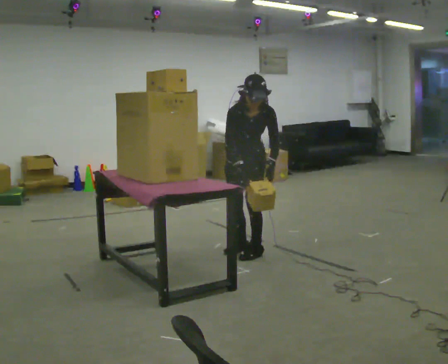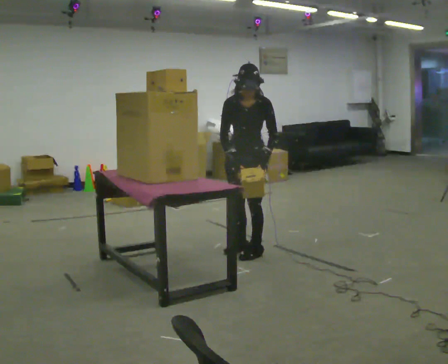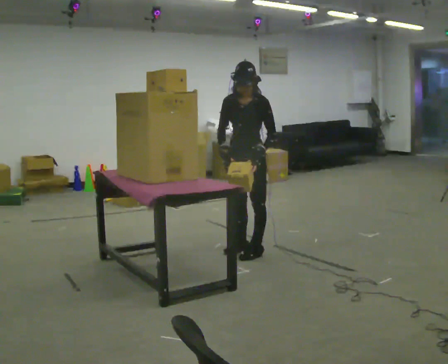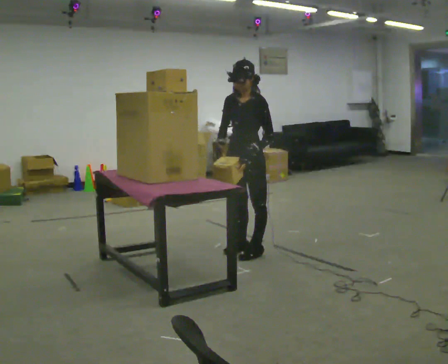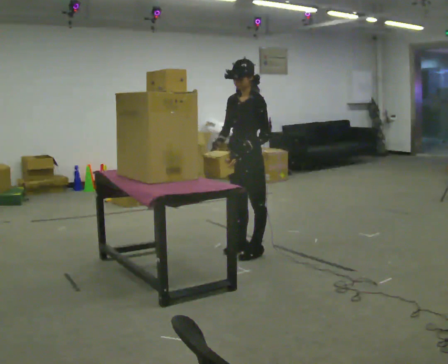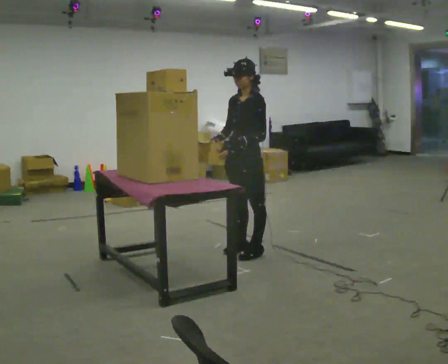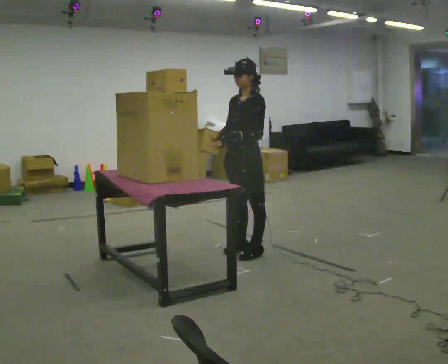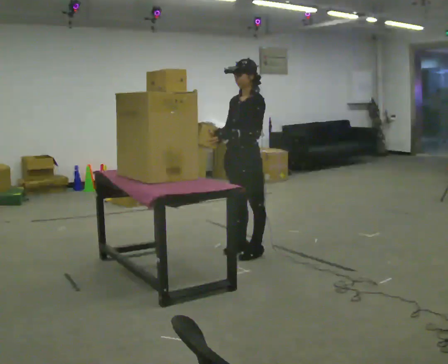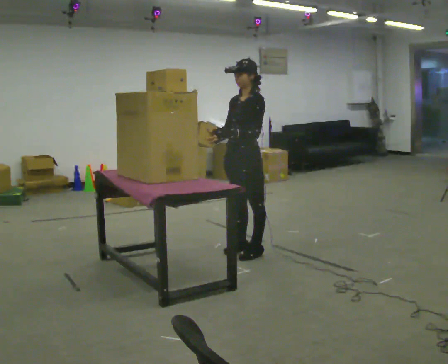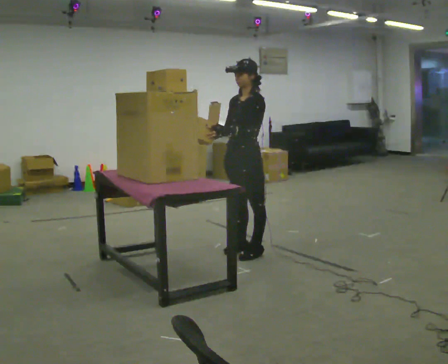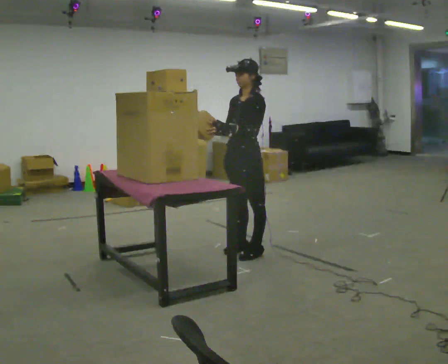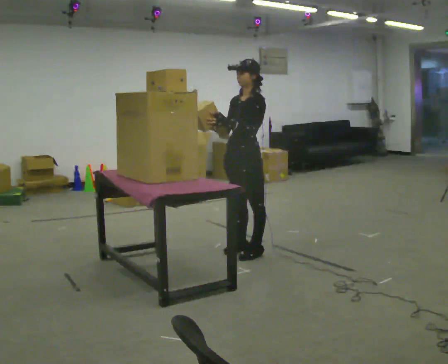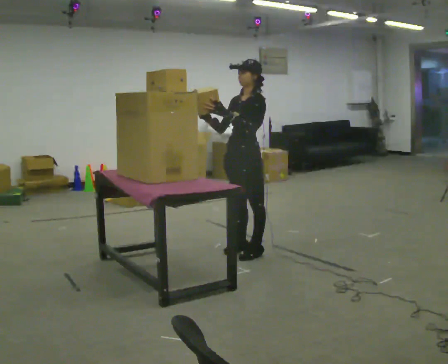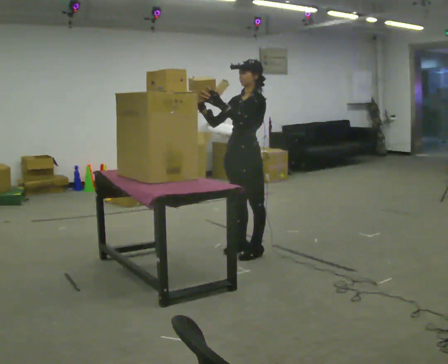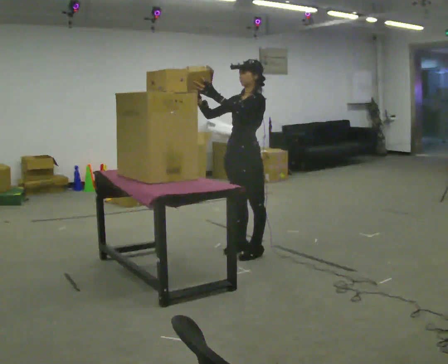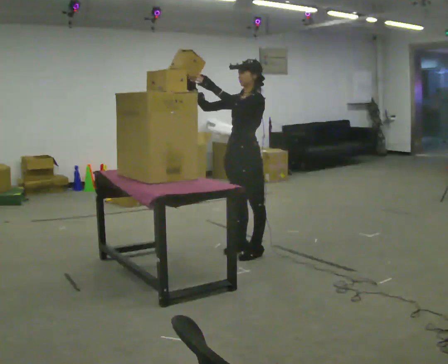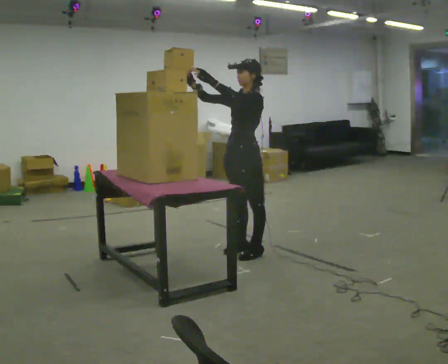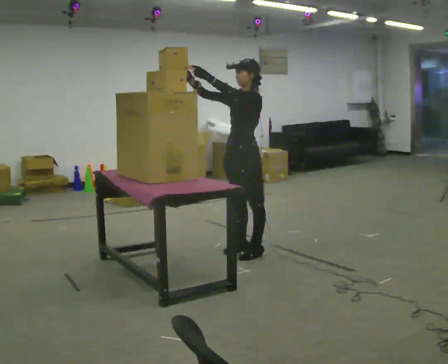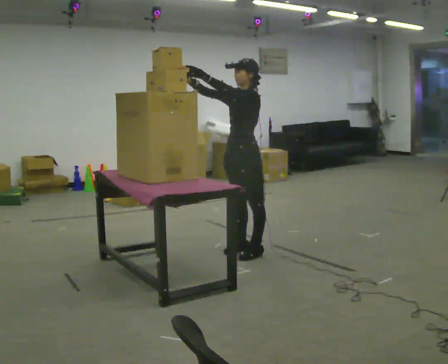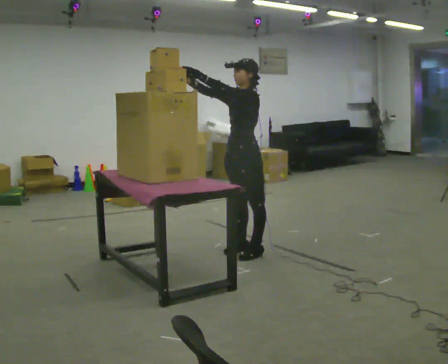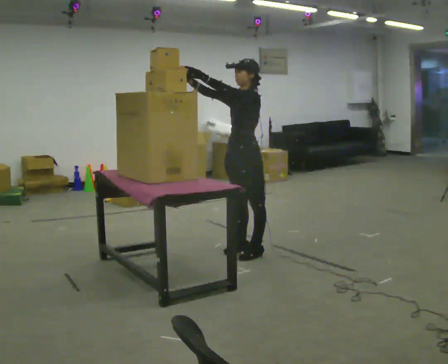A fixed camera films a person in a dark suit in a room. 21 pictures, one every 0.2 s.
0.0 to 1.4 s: Seen from above the body turns clockwise, about 60 degrees: to their right, with its near side sliding to the left. The upper body tips away from the camera, its near side rolling upward, as they lean back or straighten. In the picture their left hand goes to the left.
1.4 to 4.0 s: In the picture their left hand goes upward.
The film runs backward here.
